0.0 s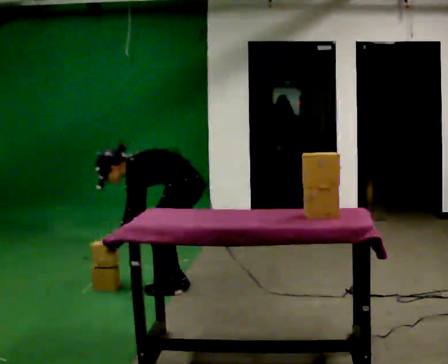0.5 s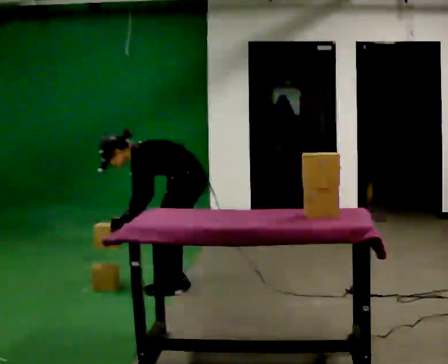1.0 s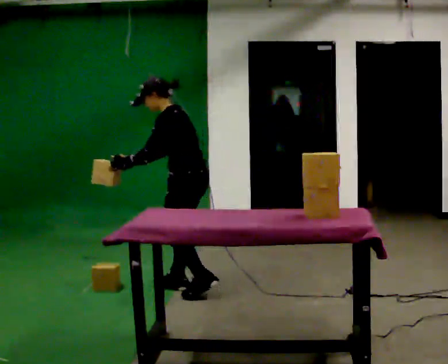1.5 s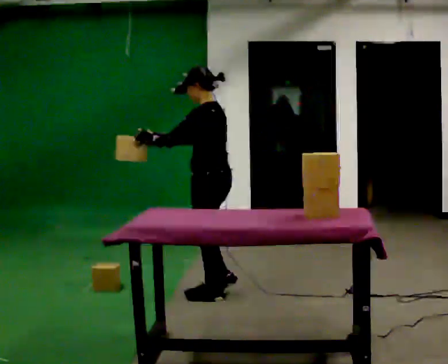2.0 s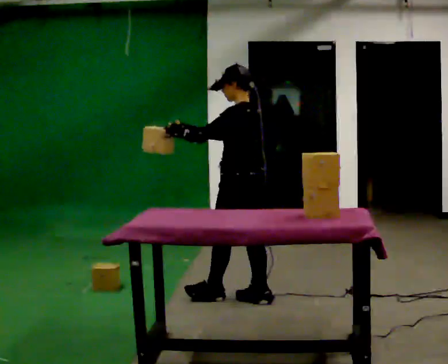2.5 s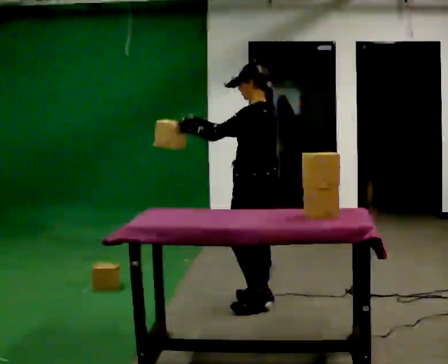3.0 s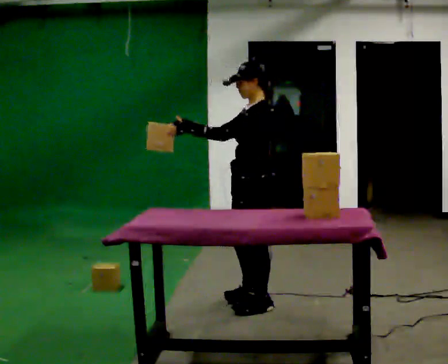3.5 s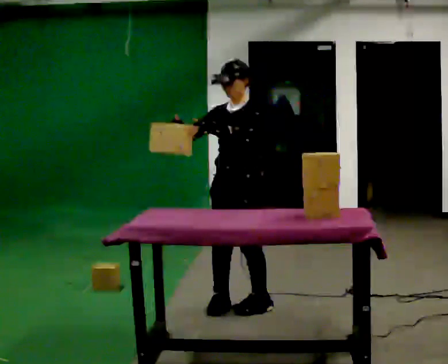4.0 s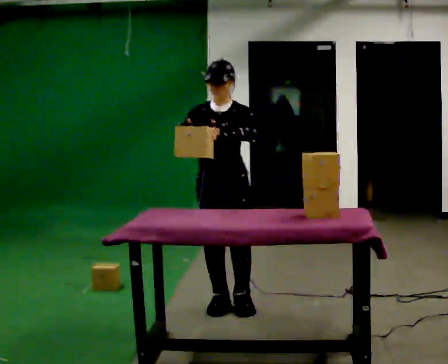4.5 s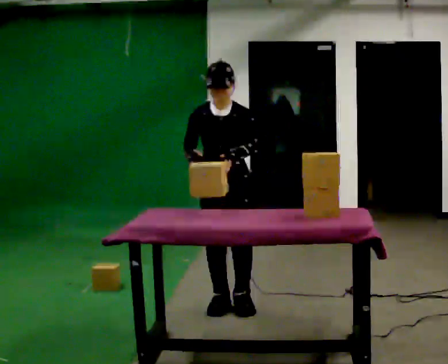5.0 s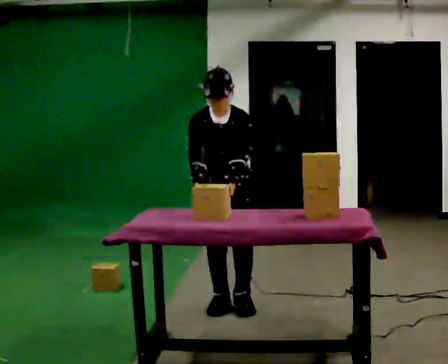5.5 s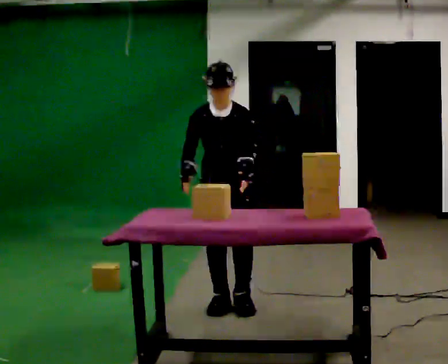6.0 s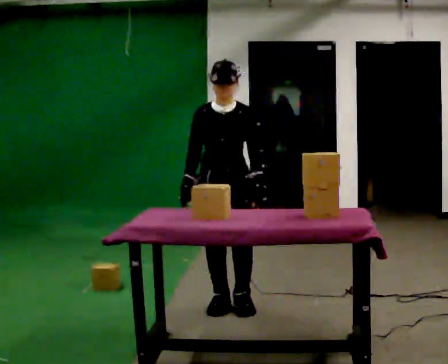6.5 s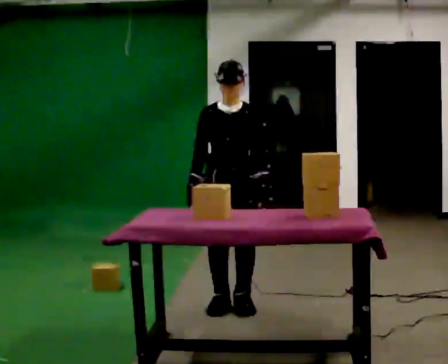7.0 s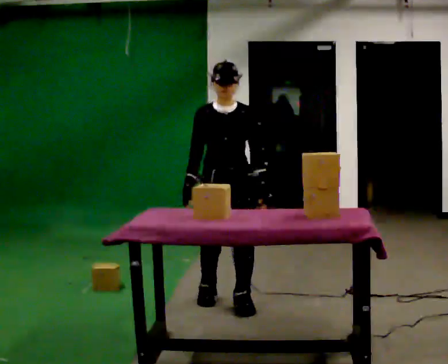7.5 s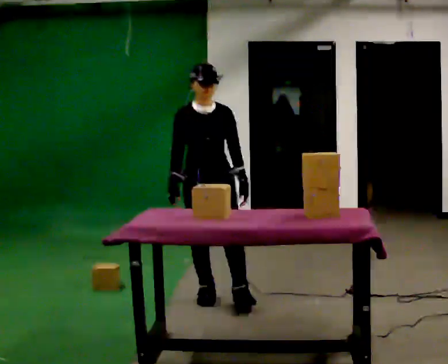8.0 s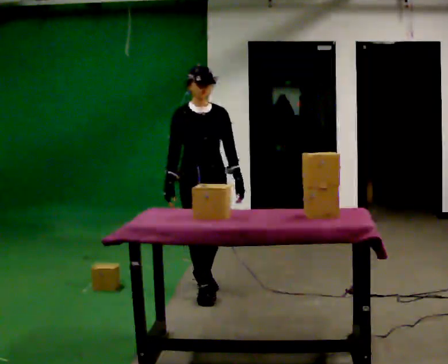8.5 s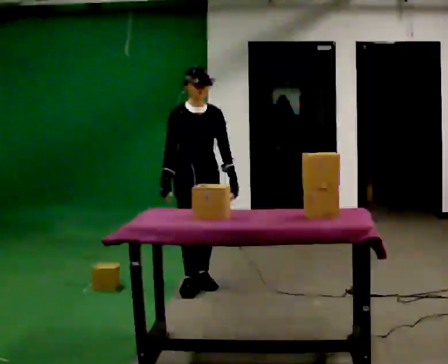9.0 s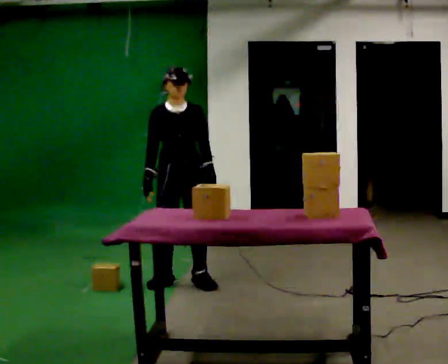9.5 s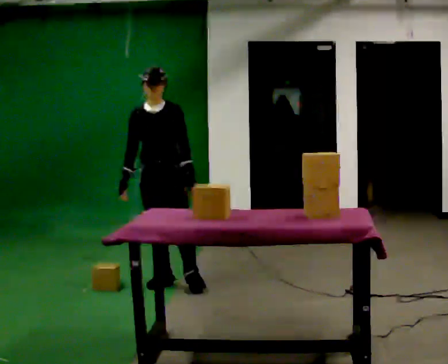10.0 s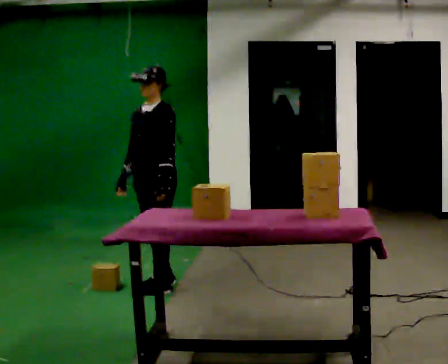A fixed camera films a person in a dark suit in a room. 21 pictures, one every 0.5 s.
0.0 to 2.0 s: In the picture they go to the right and toward the camera, about 0.5 m in 2 steps, which for them is backward and to their left. The shoulders move upward. In the picture the upper body tilts clockwise, shoulders to the right, as they lean back or straighten. In the picture their left hand goes upward, the arm swinging clockwise.
2.0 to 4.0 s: The person turns about 105 degrees to their left, counterclockwise seen from above, so the part of the body nearest the lens slides to the right. In the picture they go toward the camera, about 0.25 m in 3 steps.
4.0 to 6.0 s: In the picture their left hand goes downward.
6.0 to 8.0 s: In the picture they go away from the camera and to the left, about 0.5 m in 2 steps, which for them is backward and to their right.
8.0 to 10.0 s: Seen from above the body turns clockwise, about 60 degrees: to their right, with its near side sliding to the left. In the picture they go to the left and away from the camera, about 0.25 m in 2 steps.
The film runs backward here.
